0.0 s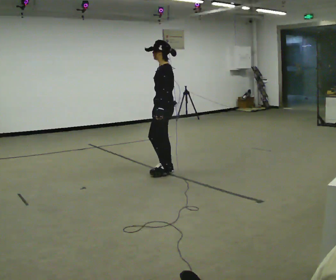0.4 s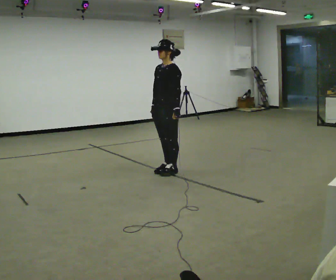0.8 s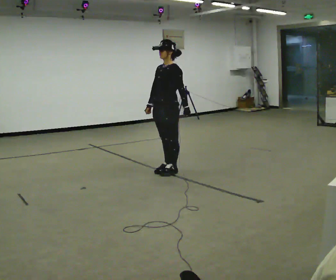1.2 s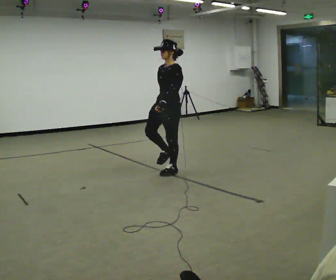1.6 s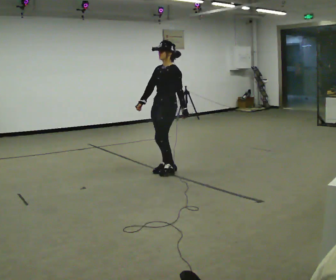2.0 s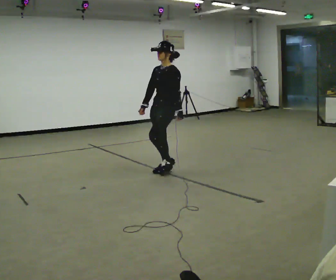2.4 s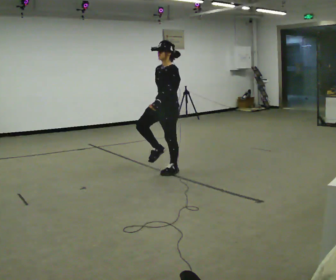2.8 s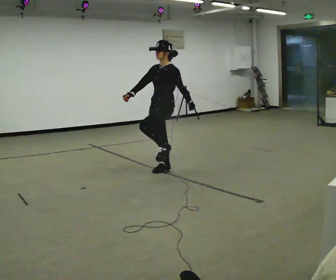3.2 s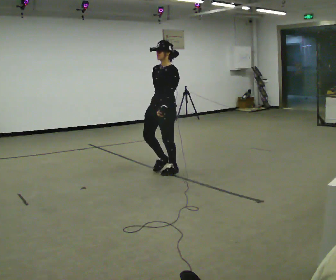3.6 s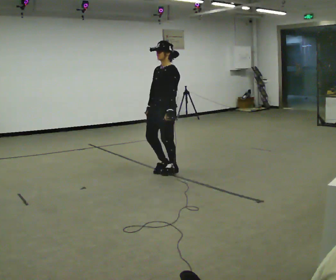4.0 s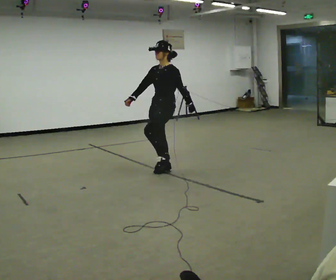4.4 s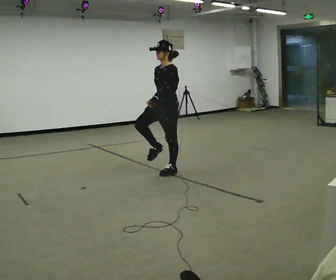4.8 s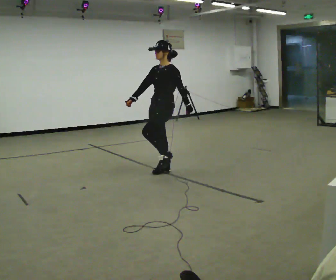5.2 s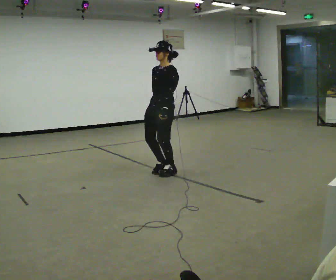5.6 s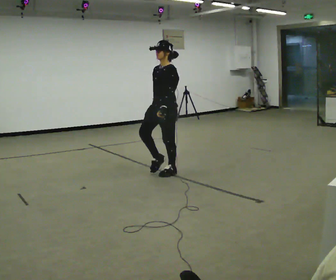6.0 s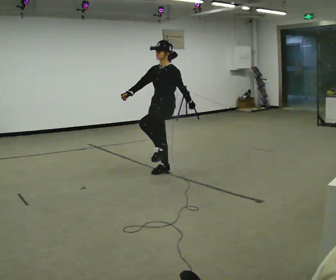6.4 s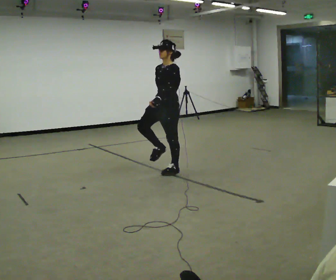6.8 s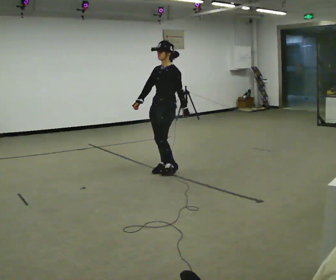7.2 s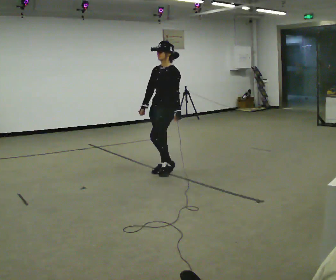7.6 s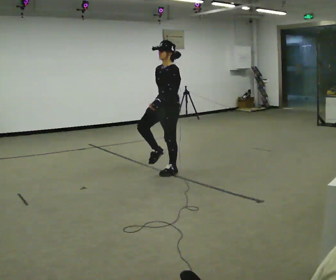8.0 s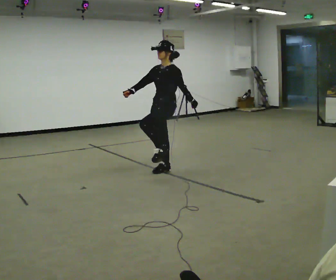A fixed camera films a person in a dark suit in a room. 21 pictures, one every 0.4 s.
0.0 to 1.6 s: The person turns about 30 degrees to their left, counterclockwise seen from above, so the part of the body nearest the lens slides to the right.
1.6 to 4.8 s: The person moves a little, or ends about where they began.
4.8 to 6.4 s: In the picture their right hand goes to the right.
6.4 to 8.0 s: In the picture their right hand goes to the left.
The film runs backward here.
